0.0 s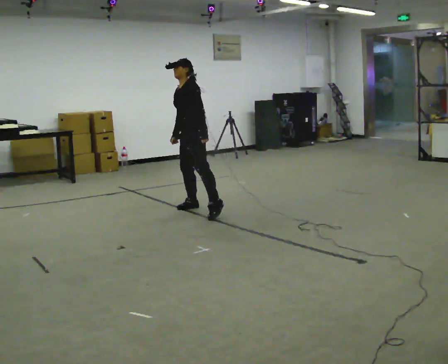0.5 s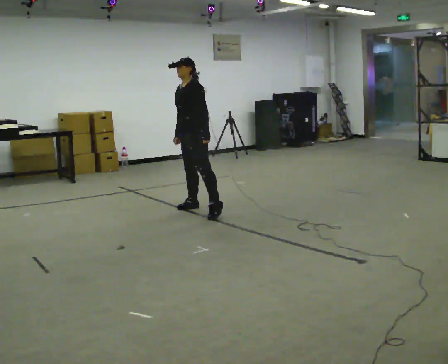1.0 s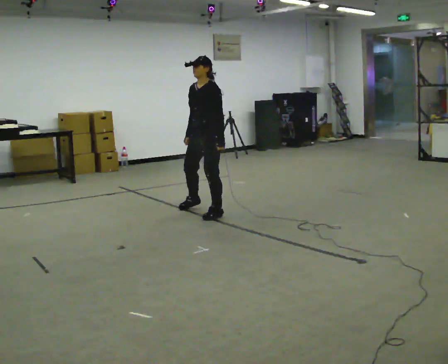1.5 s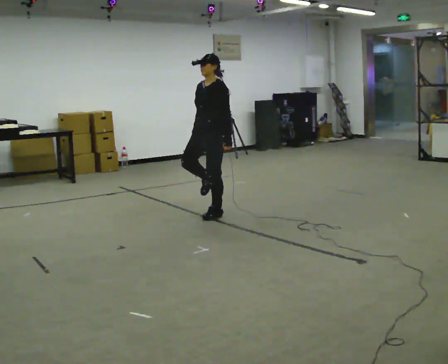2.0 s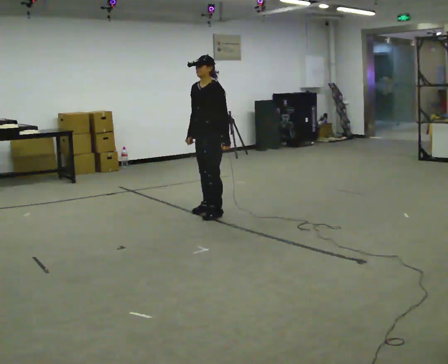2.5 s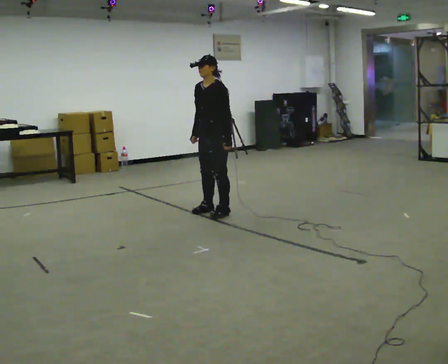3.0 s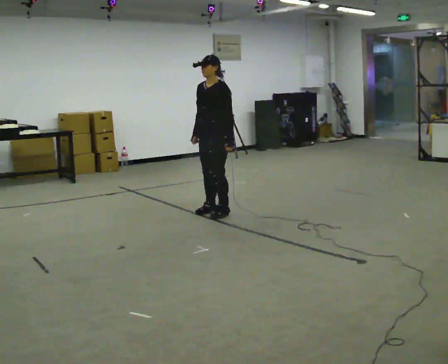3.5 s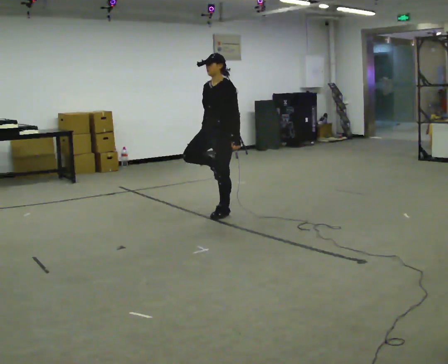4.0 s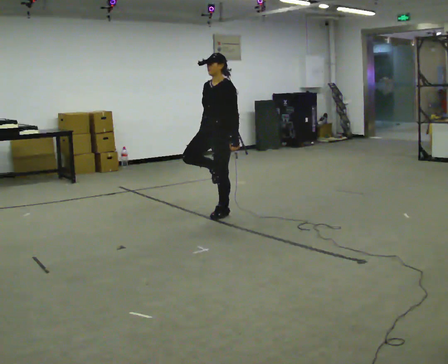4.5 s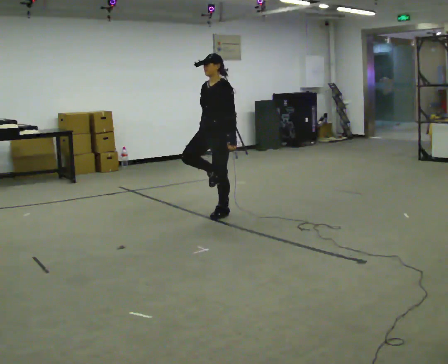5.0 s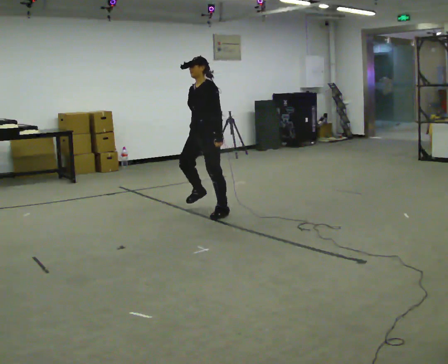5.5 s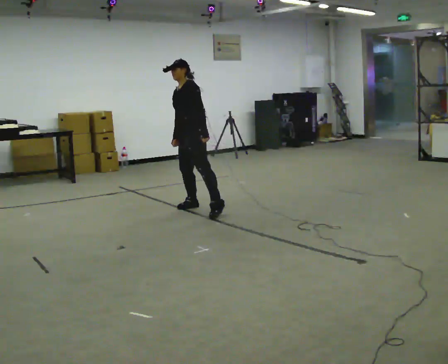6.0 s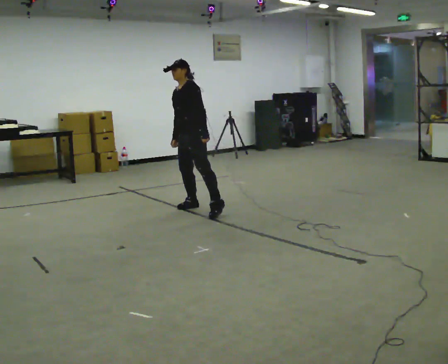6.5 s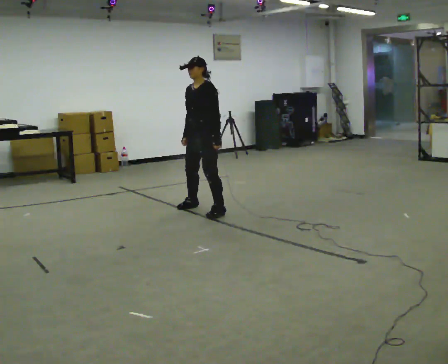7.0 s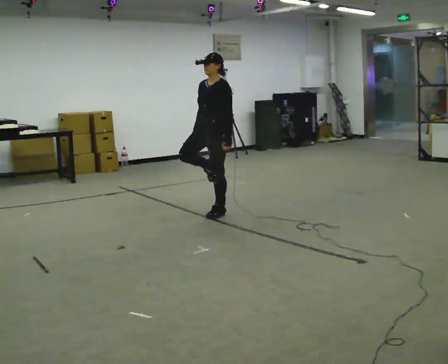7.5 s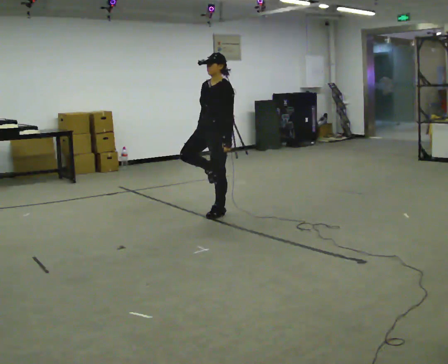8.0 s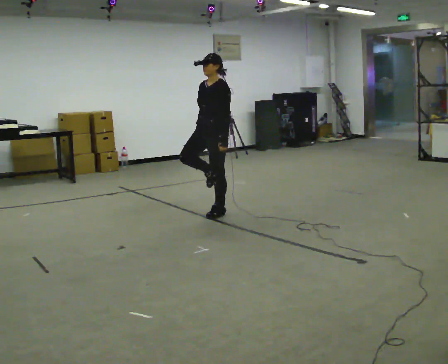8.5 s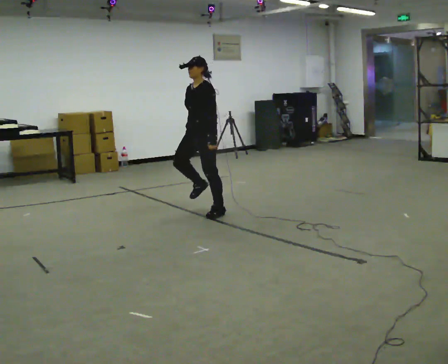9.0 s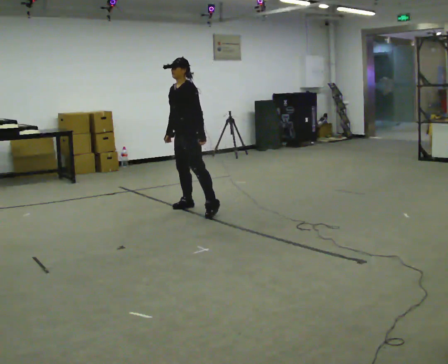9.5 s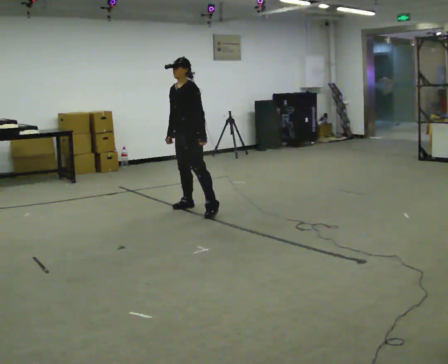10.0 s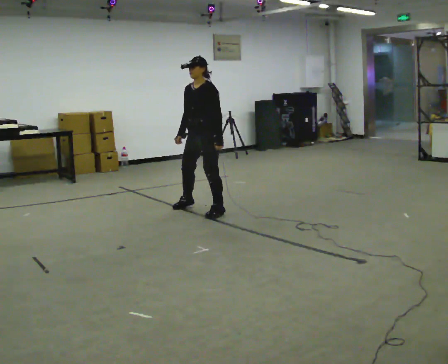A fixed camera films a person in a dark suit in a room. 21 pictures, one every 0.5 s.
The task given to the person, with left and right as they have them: Stand on one foot on the marked spot, on the side the operator calls. Hold it until you genuinely lose your balance, then put the other foot down. Repeat at your own pace until the operator says stop. Go slowly and only as far as you are comfortable. Step whenever you need to; do not try to hold on longer than feels safe.
0.0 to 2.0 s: In the picture they go toward the camera and to the right, about 0.25 m in 1 step, which for them is to their left.
2.0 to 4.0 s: The person moves a little, or ends about where they began.
4.0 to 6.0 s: In the picture they go away from the camera and to the left, about 0.5 m in 1 step, which for them is to their right.
6.0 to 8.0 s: In the picture they go toward the camera and to the right, about 0.25 m in 1 step, which for them is to their left.
8.0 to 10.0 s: The person moves a little, or ends about where they began.
The film runs forward here.
